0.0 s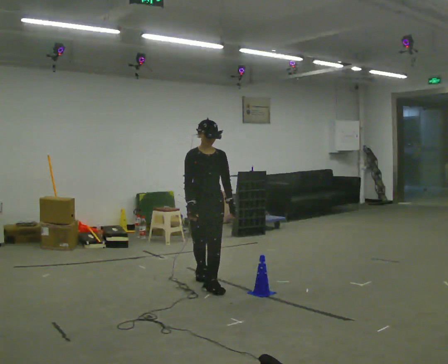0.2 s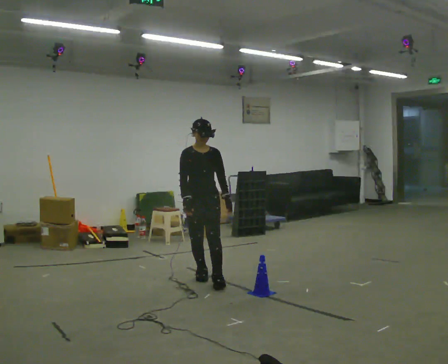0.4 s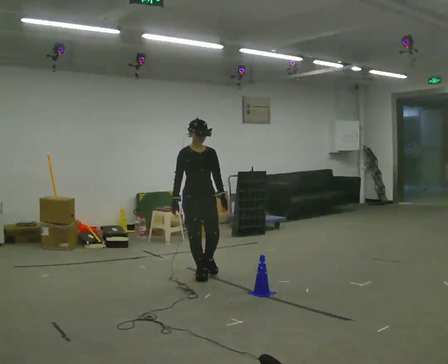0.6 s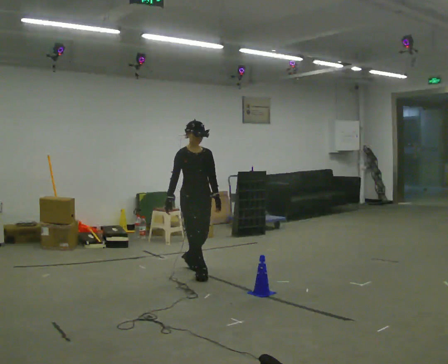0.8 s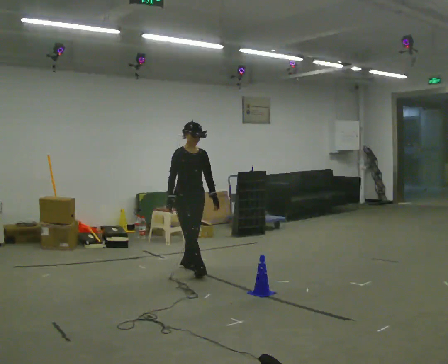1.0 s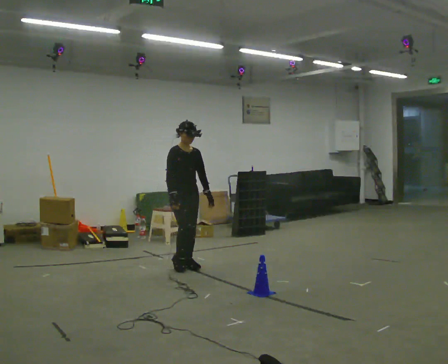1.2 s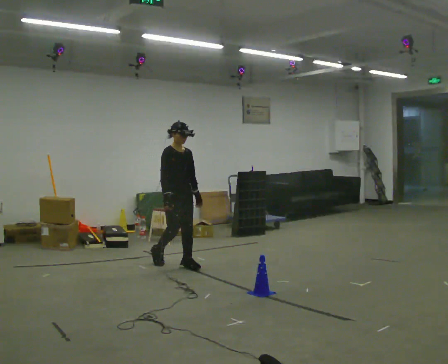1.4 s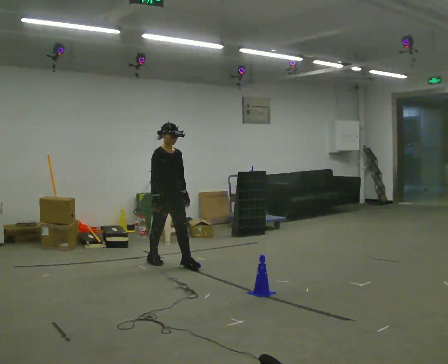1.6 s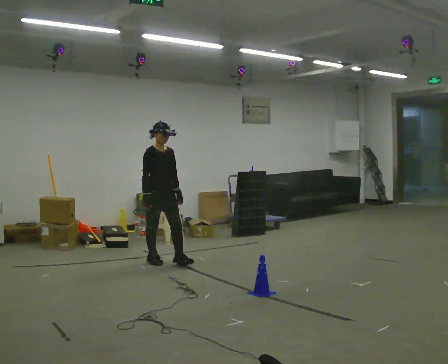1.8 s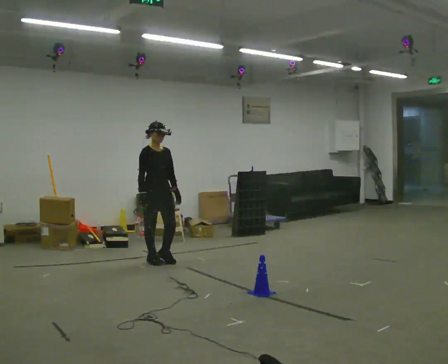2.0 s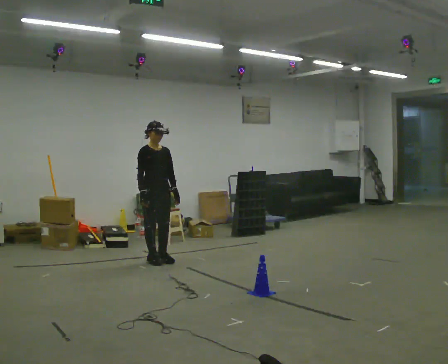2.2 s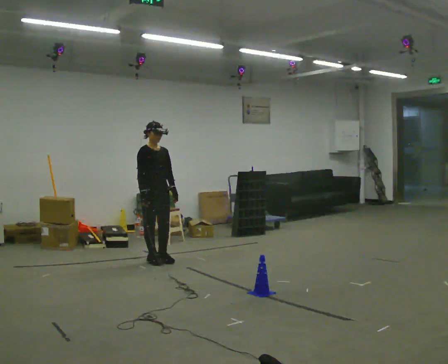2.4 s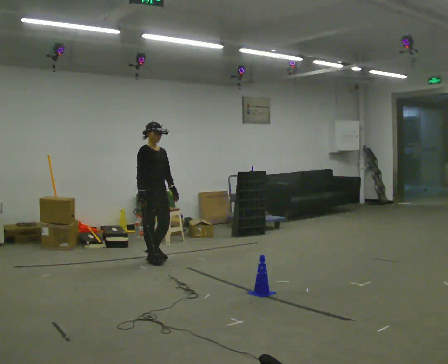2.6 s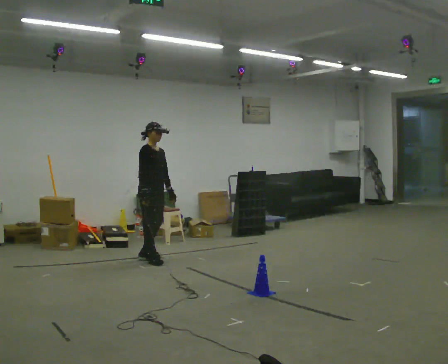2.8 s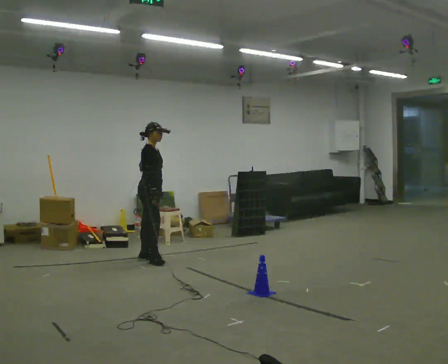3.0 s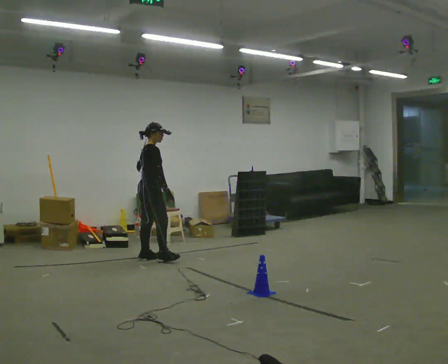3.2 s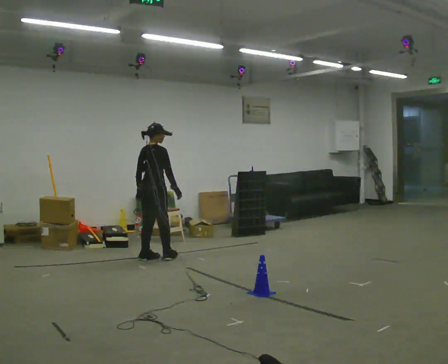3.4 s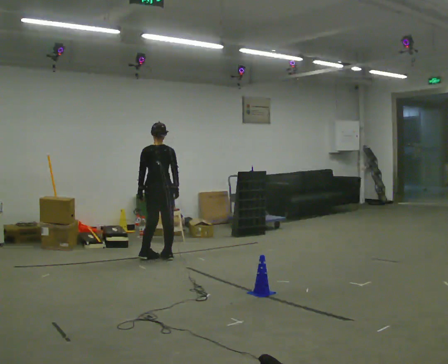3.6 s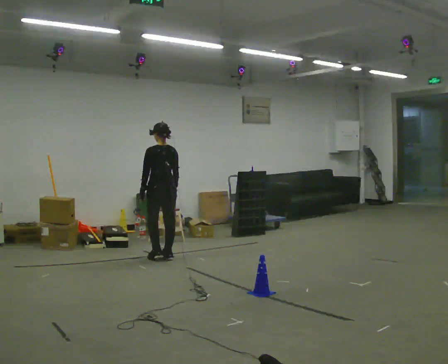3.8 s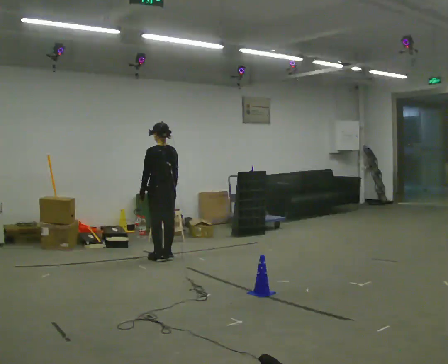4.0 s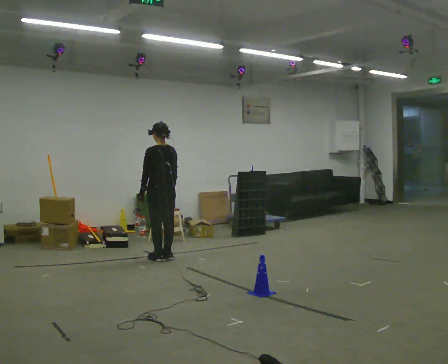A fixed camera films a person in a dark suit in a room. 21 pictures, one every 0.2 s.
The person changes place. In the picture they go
away from the camera.
The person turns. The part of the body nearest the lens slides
to the right.
0.0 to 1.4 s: Seen from above the body turns counterclockwise, about 30 degrees: to their left, with its near side sliding to the right. In the picture they go away from the camera, about 1 m in 2 steps, which for them is backward.
1.4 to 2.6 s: In the picture they go to the left and away from the camera, about 0.25 m in 2 steps, which for them is backward.
2.6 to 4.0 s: The part of the body nearest the lens slides to the right as the person turns to their left by about 150 degrees. In the picture their right hand goes to the right.
The film runs backward here.
